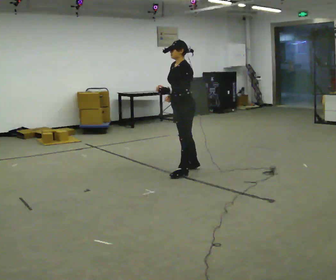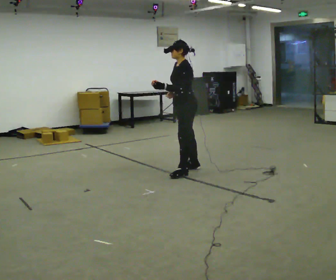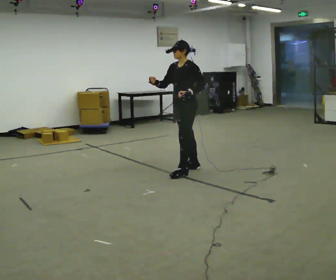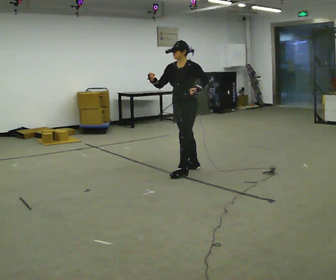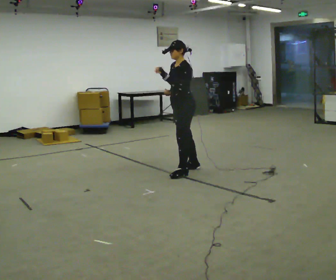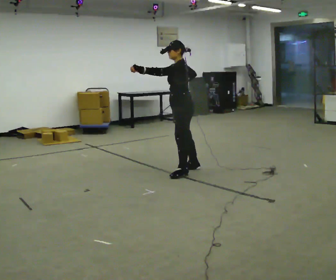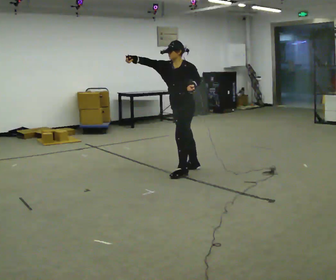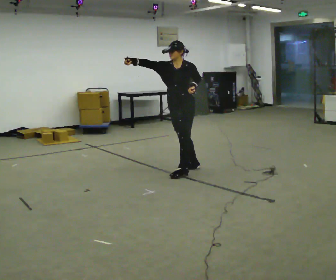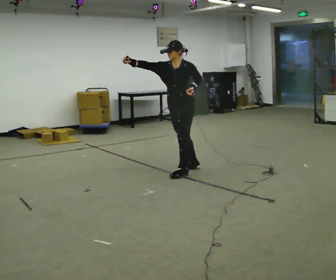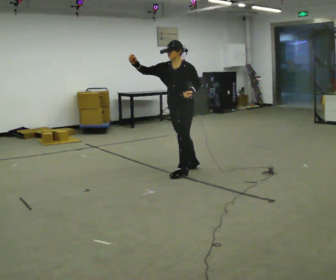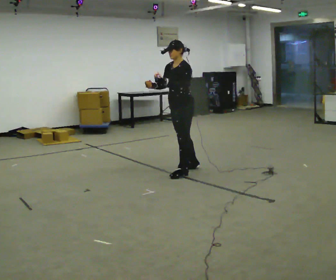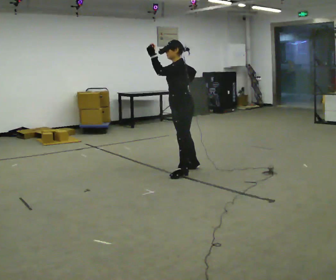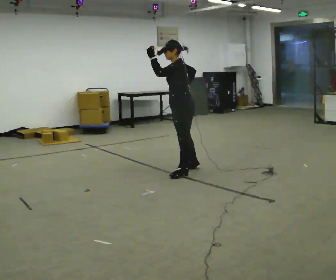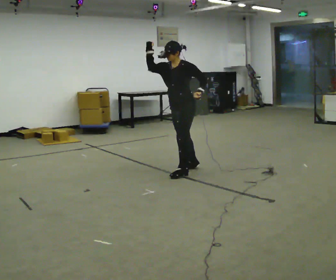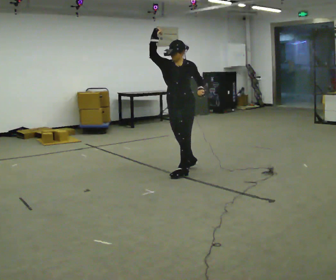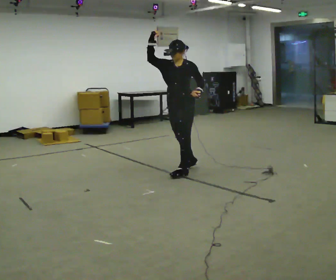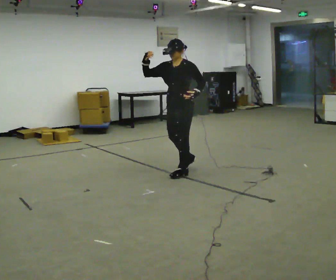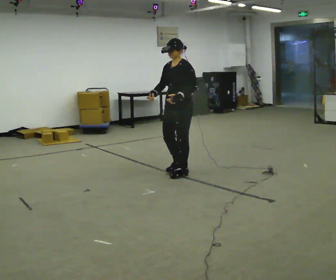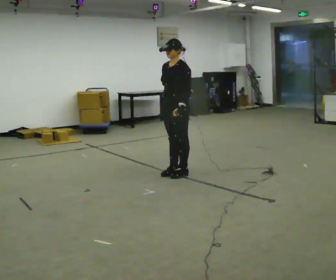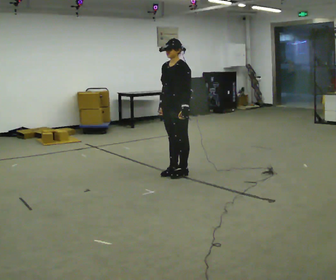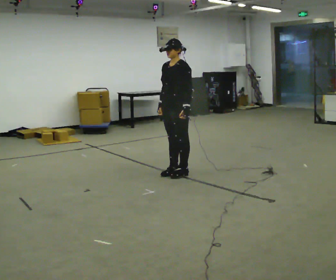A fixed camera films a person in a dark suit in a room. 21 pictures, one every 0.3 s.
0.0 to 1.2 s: The person moves a little, or ends about where they began.
1.2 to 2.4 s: Seen from above the body turns counterclockwise, about 45 degrees: to their left, with its near side sliding to the right. In the picture their right hand goes to the left and upward.
2.4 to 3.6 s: Seen from above the body turns clockwise, about 45 degrees: to their right, with its near side sliding to the left. In the picture their right hand goes to the right and downward.
3.6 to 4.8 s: Seen from above the body turns counterclockwise, about 30 degrees: to their left, with its near side sliding to the right. In the picture their right hand goes to the left.
4.8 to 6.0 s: In the picture their right hand goes downward, the arm swinging counterclockwise.
The film runs forward here.
